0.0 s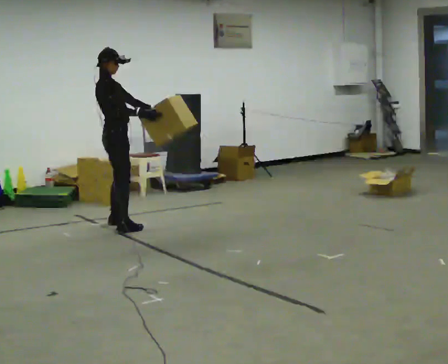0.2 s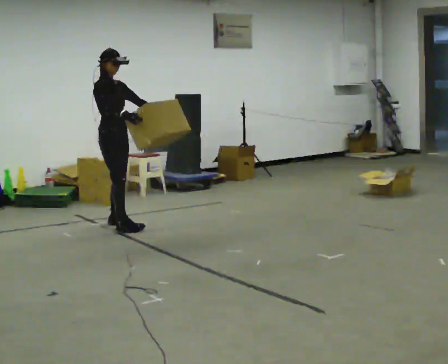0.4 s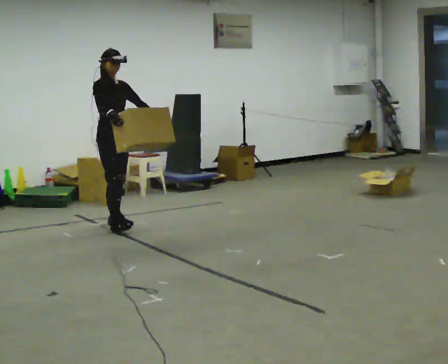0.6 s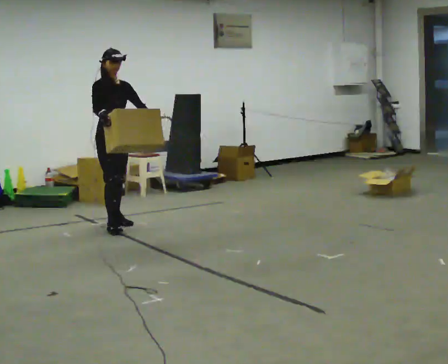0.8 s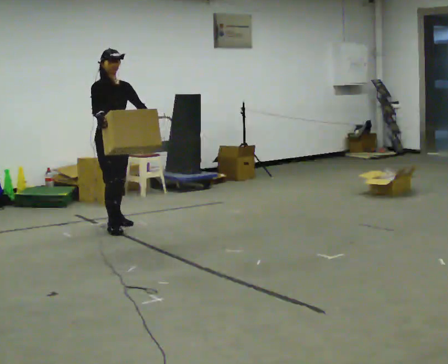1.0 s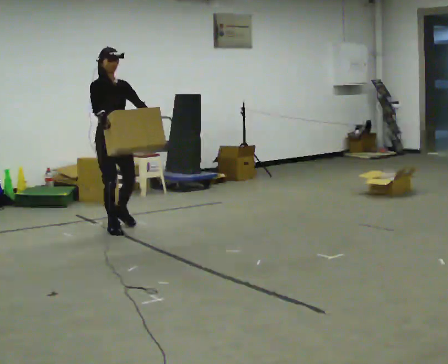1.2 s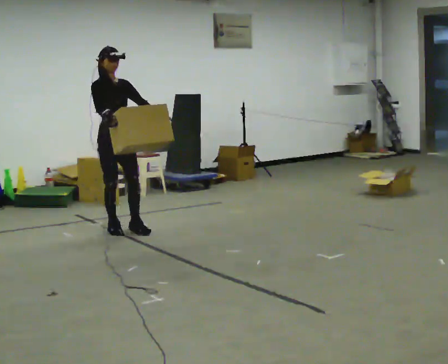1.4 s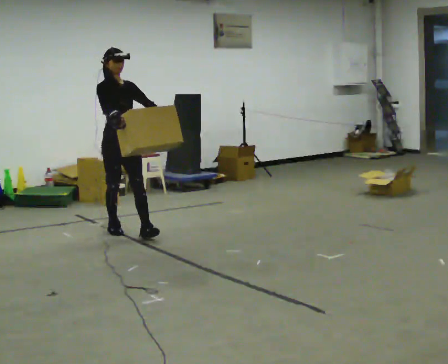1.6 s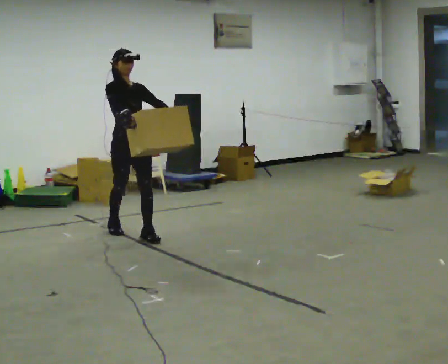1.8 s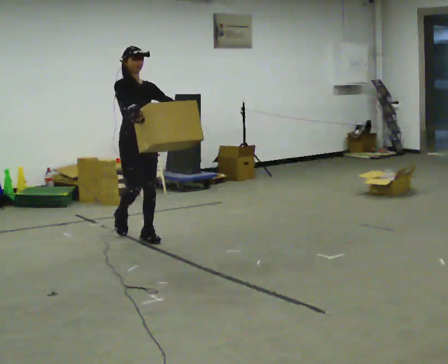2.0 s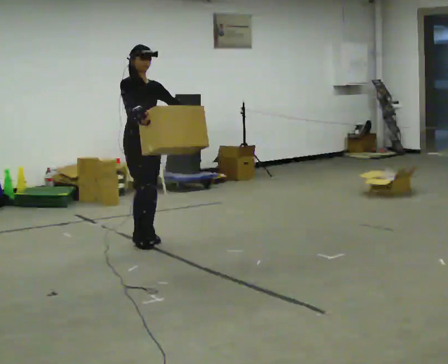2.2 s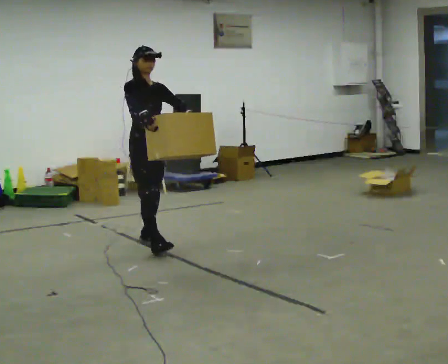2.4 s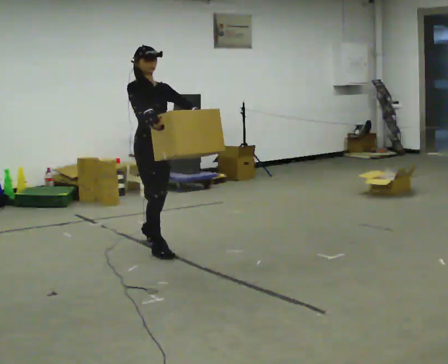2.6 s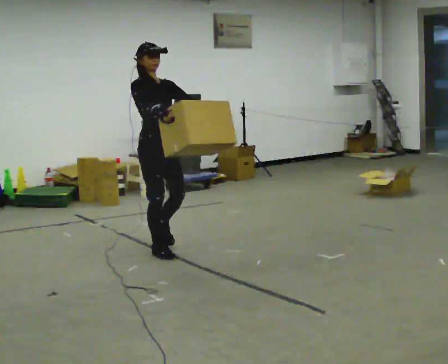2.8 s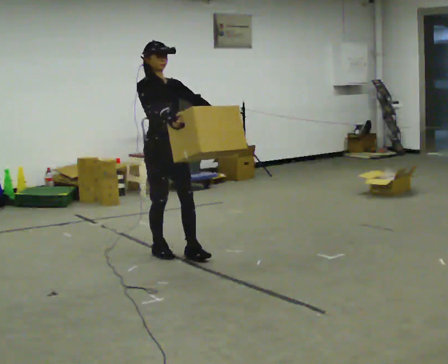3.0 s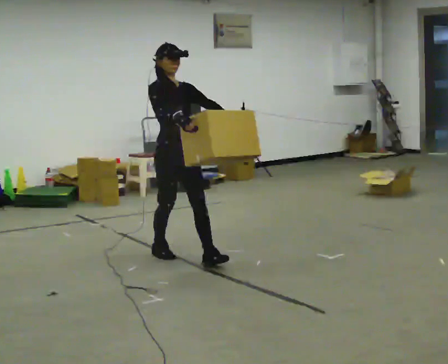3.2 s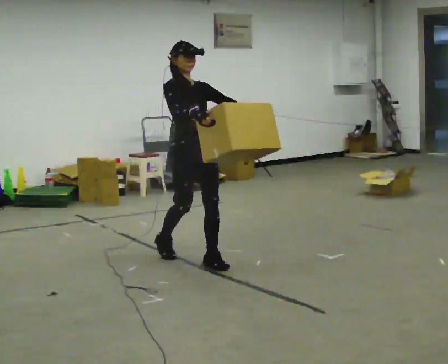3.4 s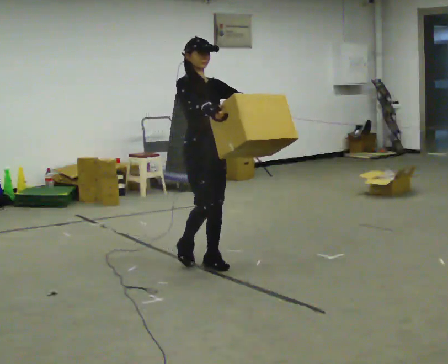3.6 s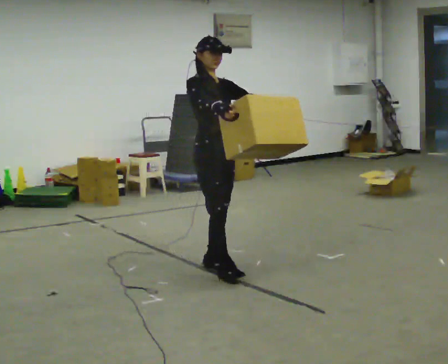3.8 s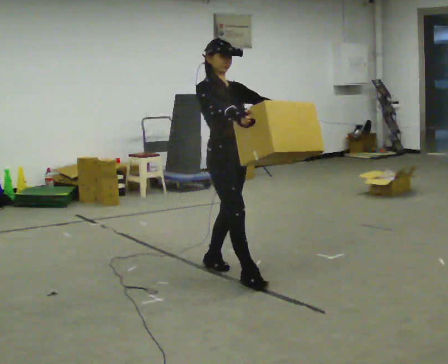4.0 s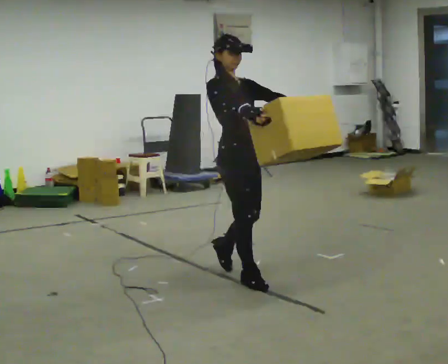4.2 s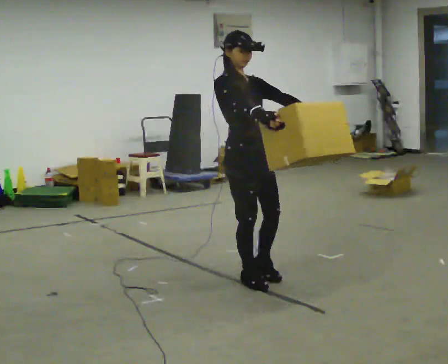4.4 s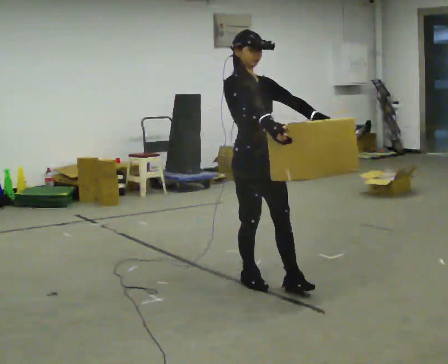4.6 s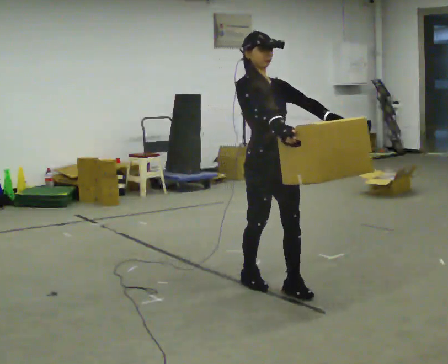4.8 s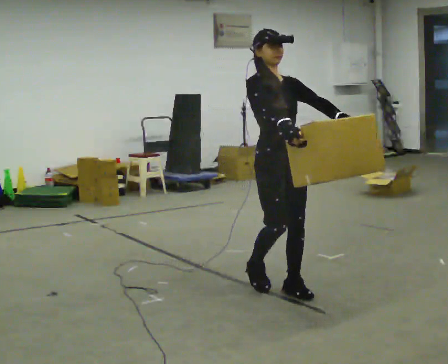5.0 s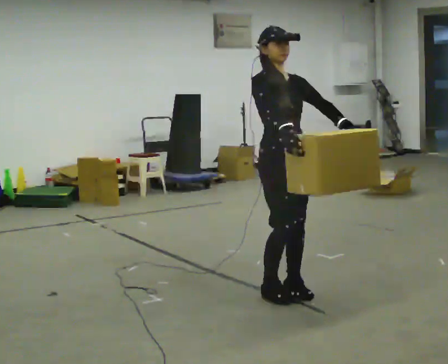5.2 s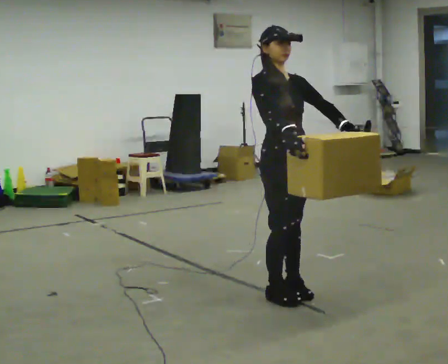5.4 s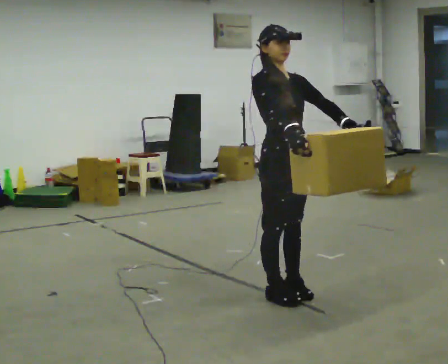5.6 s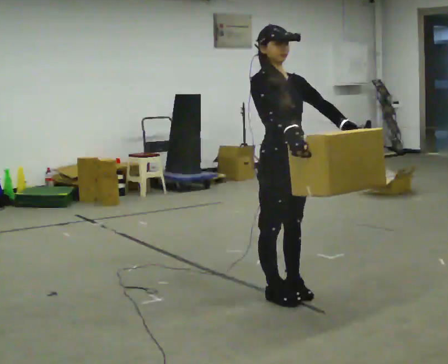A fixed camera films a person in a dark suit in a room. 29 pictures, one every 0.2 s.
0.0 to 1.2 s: Seen from above the body turns clockwise, about 45 degrees: to their right, with its near side sliding to the left. In the picture they go toward the camera, about 0.25 m, which for them is forward.
1.2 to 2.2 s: In the picture they go toward the camera and to the right, about 0.5 m in 2 steps, which for them is forward.
2.2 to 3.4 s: In the picture they go toward the camera and to the right, about 1 m in 1 step, which for them is forward.
3.4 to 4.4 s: In the picture they go toward the camera and to the right, about 0.5 m in 1 step, which for them is forward.
4.4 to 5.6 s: In the picture they go toward the camera, about 0.25 m in 2 steps, which for them is forward.
The film runs forward here.
